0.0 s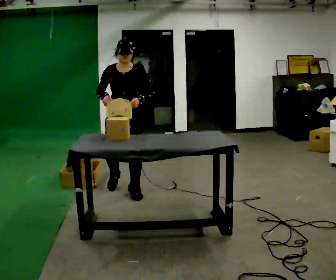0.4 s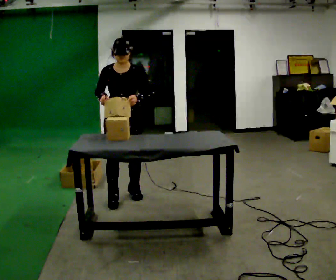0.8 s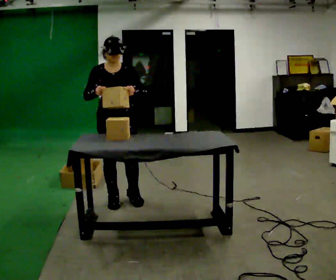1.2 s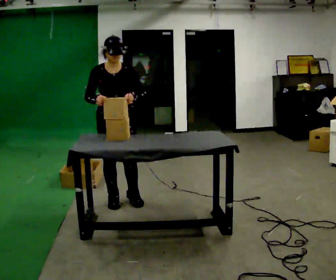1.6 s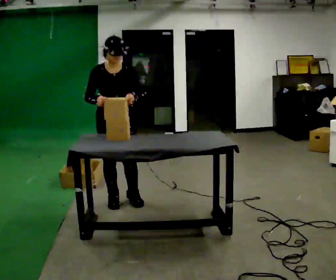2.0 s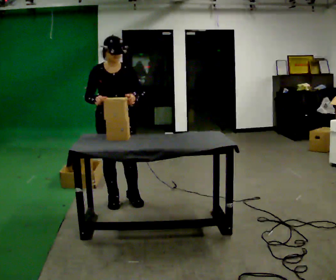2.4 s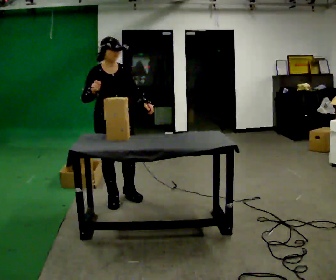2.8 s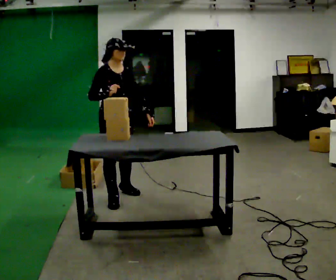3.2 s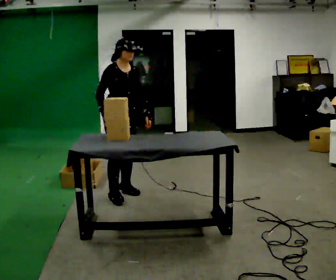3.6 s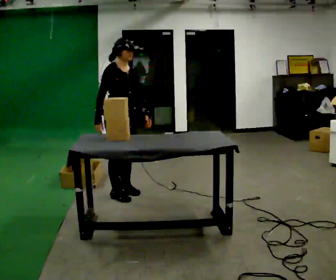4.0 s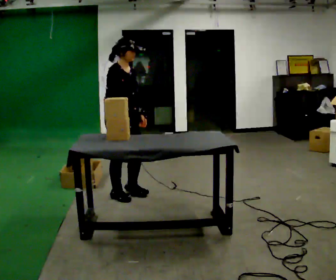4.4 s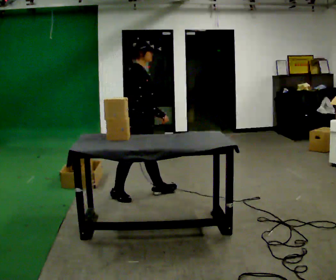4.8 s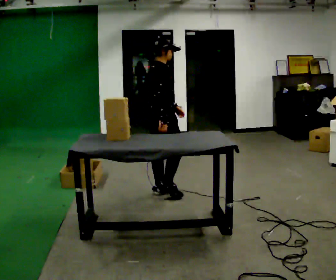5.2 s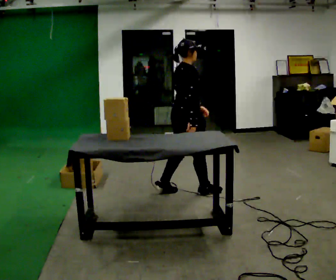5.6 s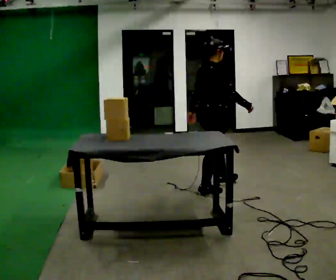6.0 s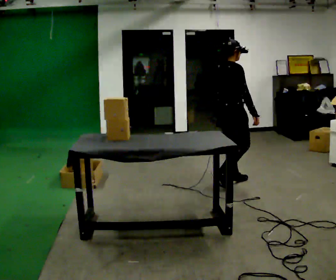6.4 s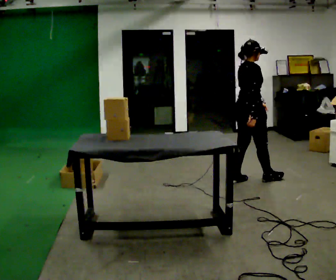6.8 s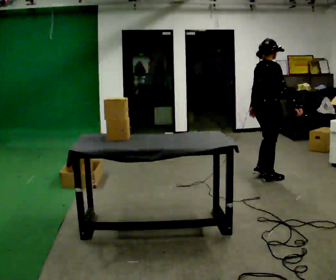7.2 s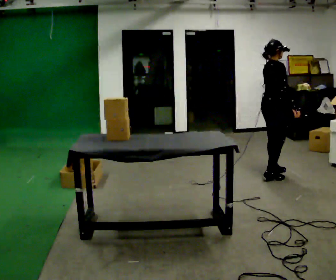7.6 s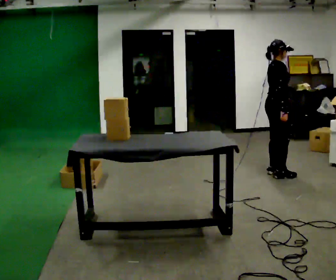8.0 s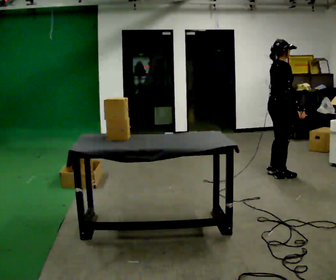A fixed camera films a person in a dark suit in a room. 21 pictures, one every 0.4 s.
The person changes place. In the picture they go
to the right.
0.0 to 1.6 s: In the picture they go toward the camera, about 0.25 m in 2 steps, which for them is forward.
1.6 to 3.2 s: The person turns about 30 degrees to their left, counterclockwise seen from above, so the part of the body nearest the lens slides to the right. In the picture they go away from the camera, about 0.25 m in 1 step, which for them is backward and to their left.
3.2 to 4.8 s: The part of the body nearest the lens slides to the right as the person turns to their left by about 60 degrees. In the picture they go to the right, about 0.5 m in 1 step, which for them is forward and to their left.
4.8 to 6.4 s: In the picture they go to the right, about 1 m in 3 steps, which for them is forward.
6.4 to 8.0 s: In the picture they go to the right, about 0.5 m in 2 steps, which for them is forward.
The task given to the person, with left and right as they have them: Carry each object across the room and drop it into the container on the floor, then walk back for the next one. Keep going until the operator says stop; one object at a time, and do not rush between trips.
The film runs forward here.
